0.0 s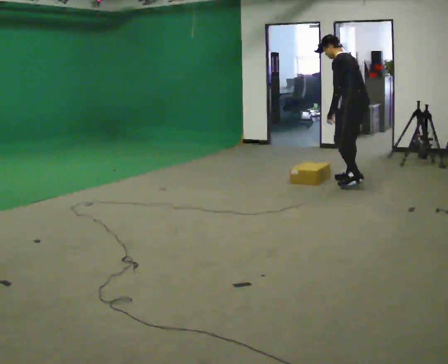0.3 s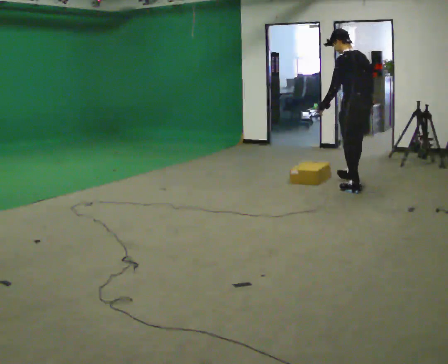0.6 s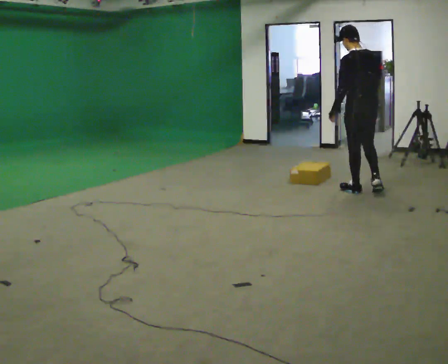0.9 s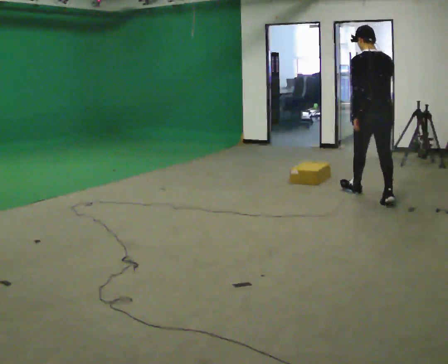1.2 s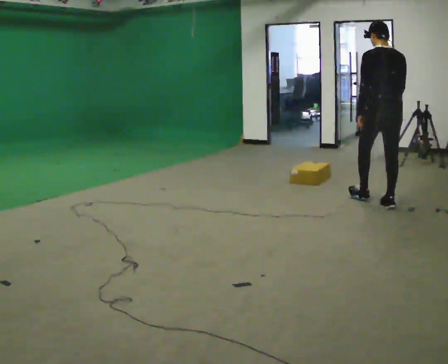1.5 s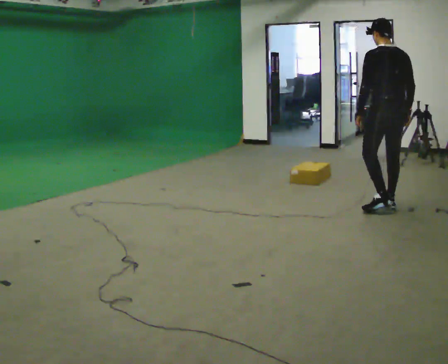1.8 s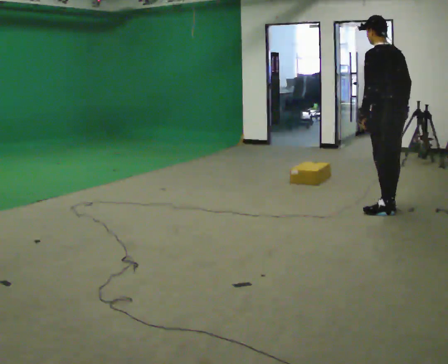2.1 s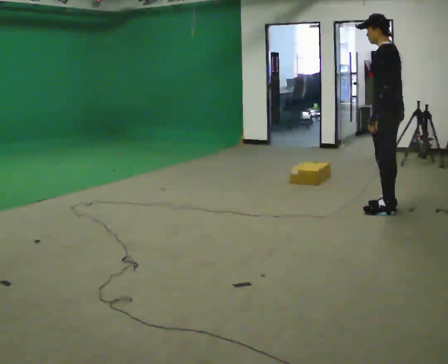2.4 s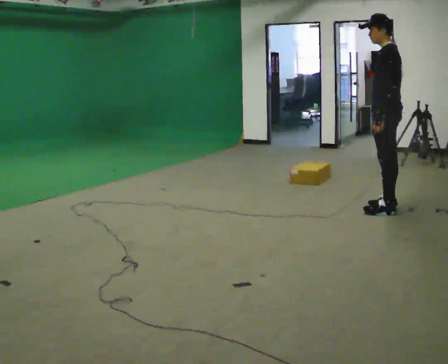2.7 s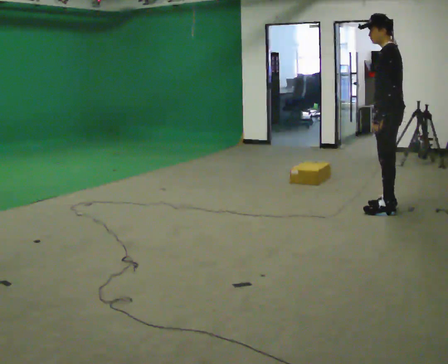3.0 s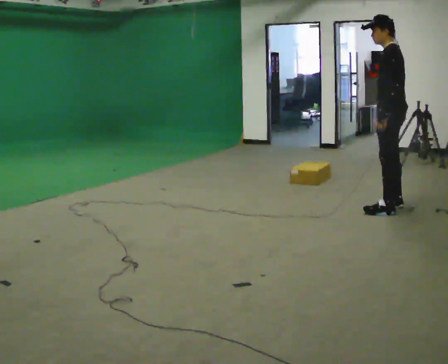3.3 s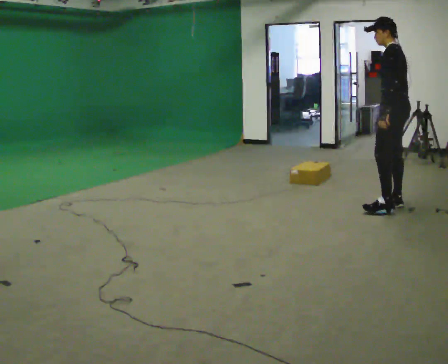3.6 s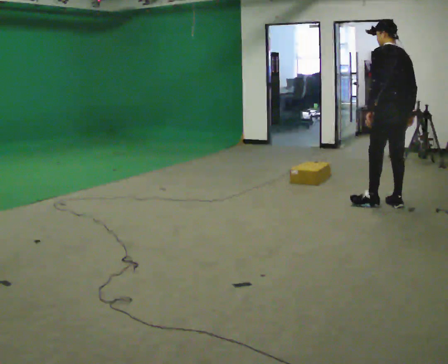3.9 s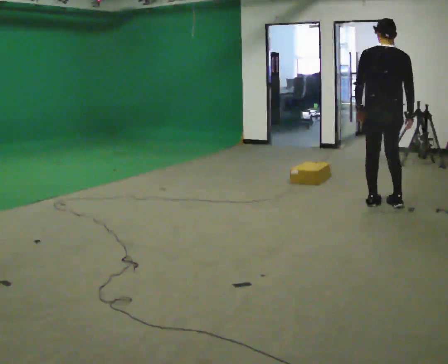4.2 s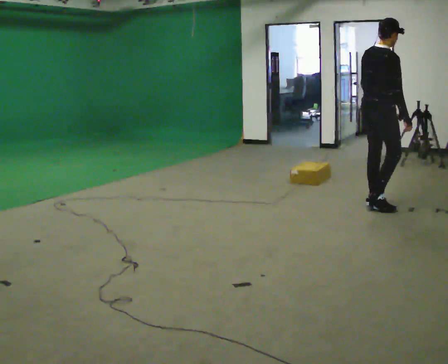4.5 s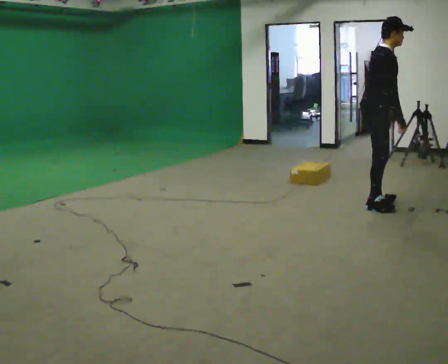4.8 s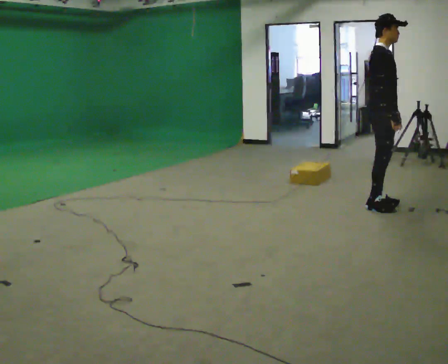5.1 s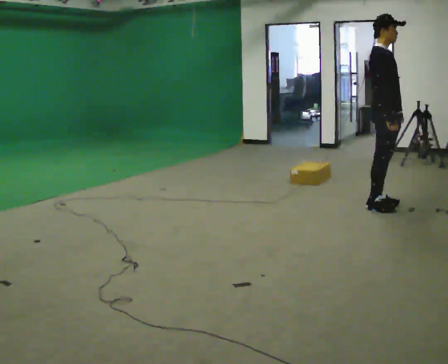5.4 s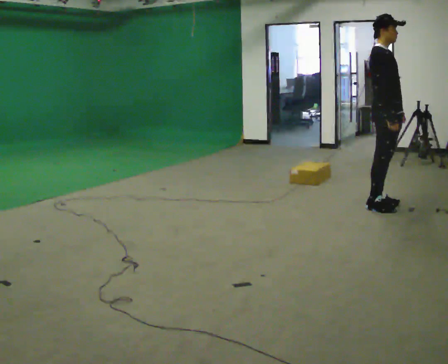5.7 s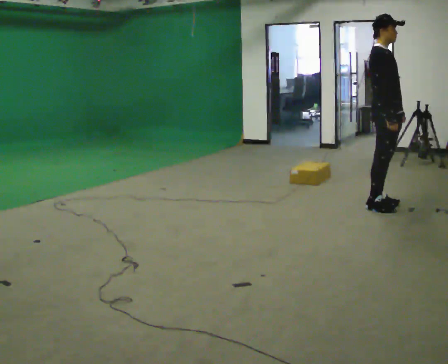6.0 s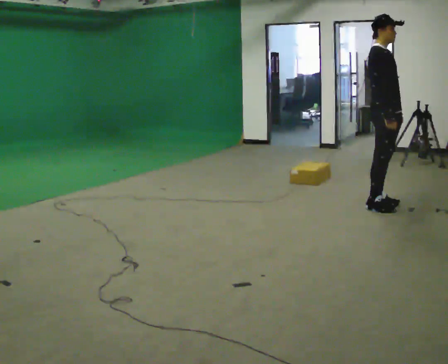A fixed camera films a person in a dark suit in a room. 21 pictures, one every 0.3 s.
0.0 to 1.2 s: The person turns about 45 degrees to their right, clockwise seen from above, so the part of the body nearest the lens slides to the left. In the picture they go toward the camera and to the right, about 1 m in 2 steps, which for them is backward. In the picture the upper body tilts clockwise, shoulders to the right, as they lean back or straighten.
1.2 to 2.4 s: The person turns about 60 degrees to their left, counterclockwise seen from above, so the part of the body nearest the lens slides to the right. In the picture they go toward the camera, about 0.25 m.
2.4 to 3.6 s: The person turns about 45 degrees to their right, clockwise seen from above, so the part of the body nearest the lens slides to the left.
3.6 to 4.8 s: Seen from above the body turns clockwise, about 150 degrees: to their right, with its near side sliding to the left.
4.8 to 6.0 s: The person moves a little, or ends about where they began.
The film runs backward here.
